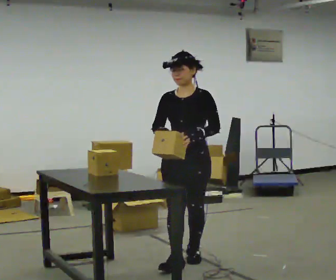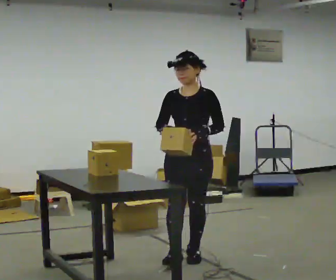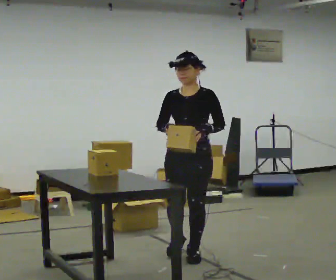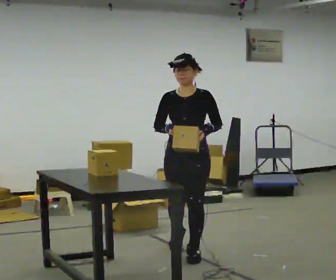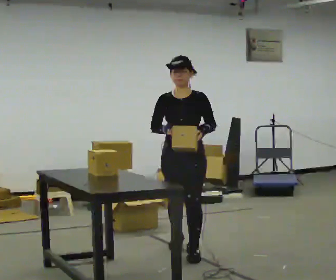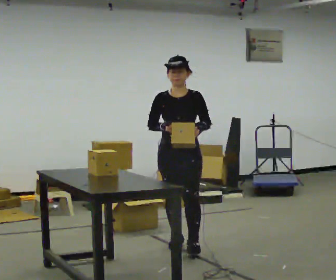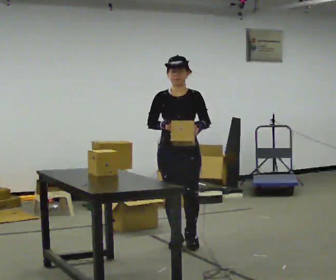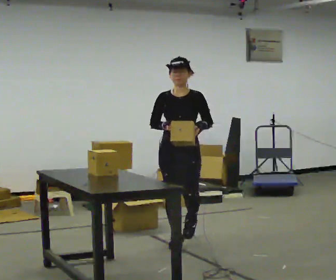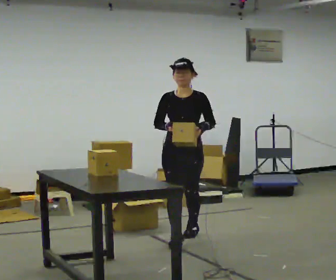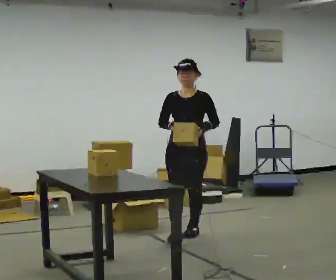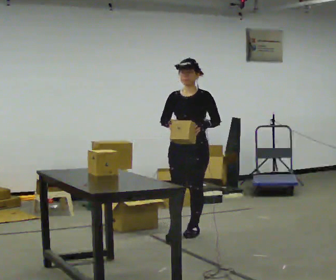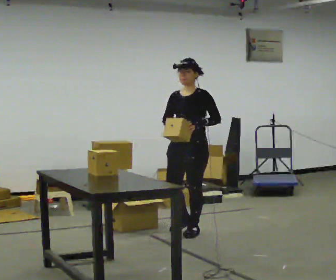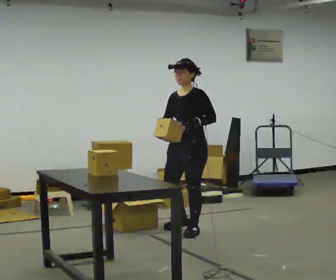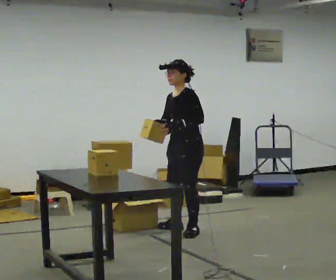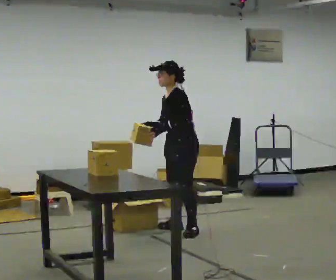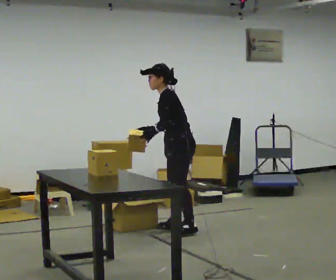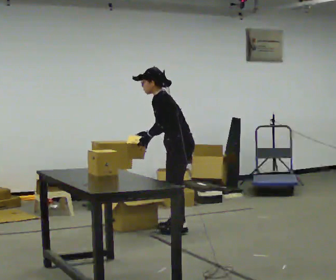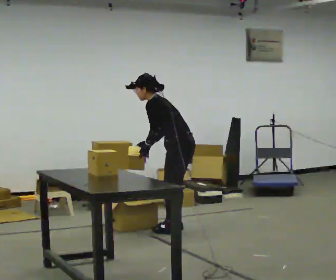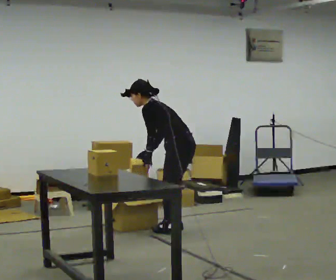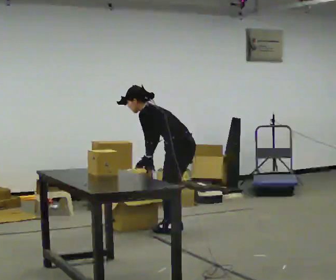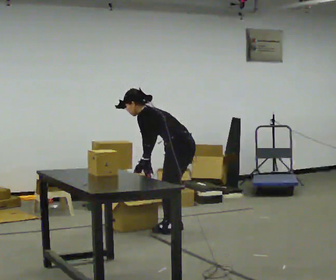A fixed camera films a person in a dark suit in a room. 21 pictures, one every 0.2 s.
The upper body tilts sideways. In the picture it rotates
counterclockwise.
The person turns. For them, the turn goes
to their right.
0.0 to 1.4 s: In the picture they go away from the camera, about 0.75 m in 2 steps, which for them is backward.
1.4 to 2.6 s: Seen from above the body turns clockwise, about 60 degrees: to their right, with its near side sliding to the left. In the picture they go away from the camera, about 0.5 m in 1 step, which for them is backward.
2.6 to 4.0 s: Seen from above the body turns clockwise, about 60 degrees: to their right, with its near side sliding to the left. The shoulders move downward. In the picture the upper body tilts counterclockwise, shoulders to the left, as they bend forward. In the picture their right hand goes downward.
The film runs backward here.
